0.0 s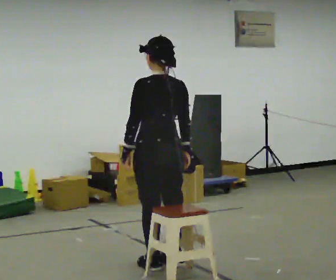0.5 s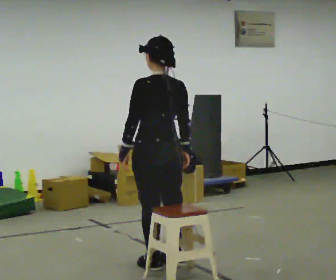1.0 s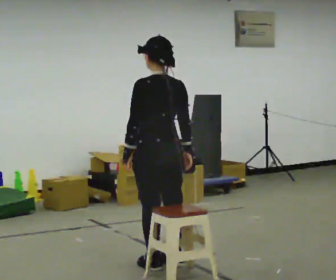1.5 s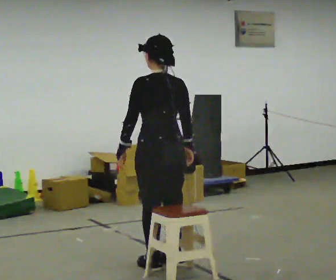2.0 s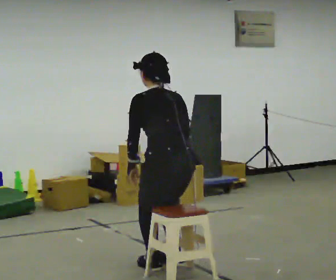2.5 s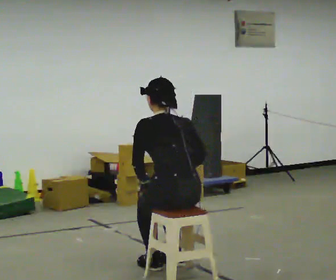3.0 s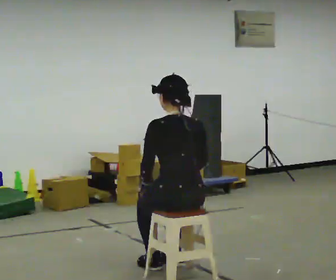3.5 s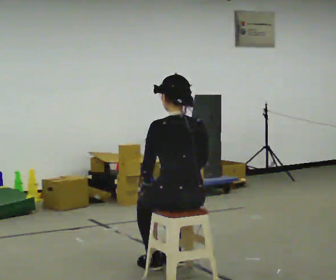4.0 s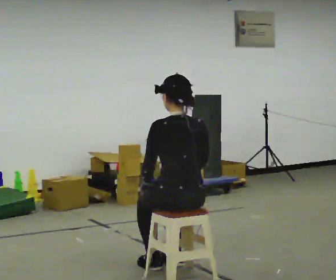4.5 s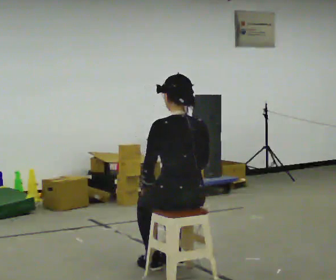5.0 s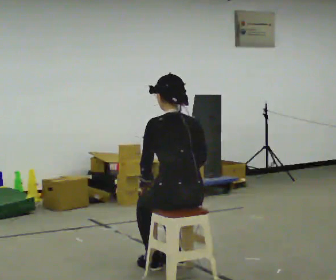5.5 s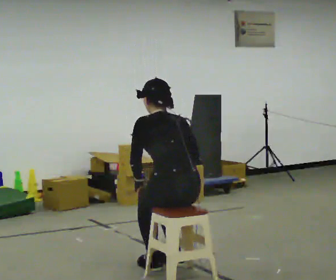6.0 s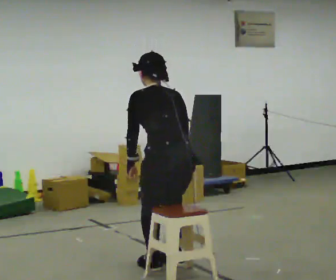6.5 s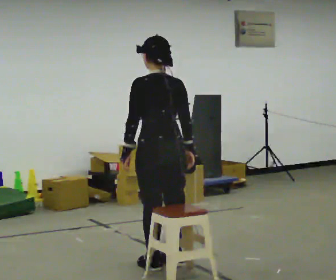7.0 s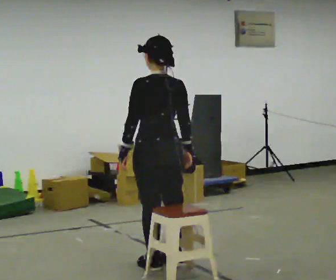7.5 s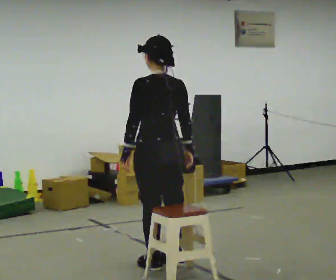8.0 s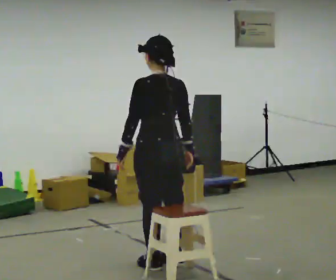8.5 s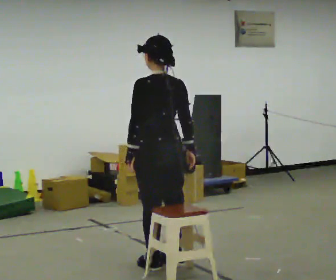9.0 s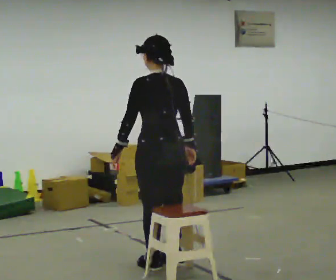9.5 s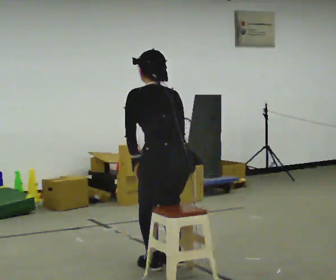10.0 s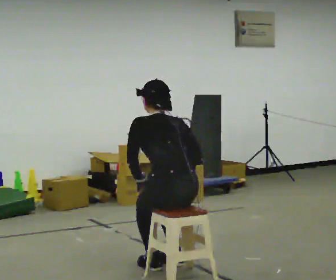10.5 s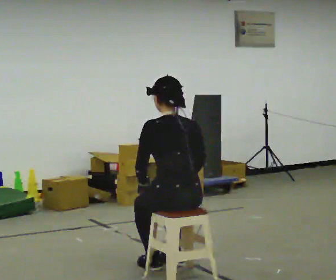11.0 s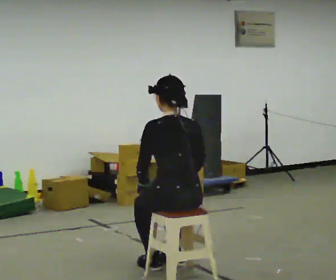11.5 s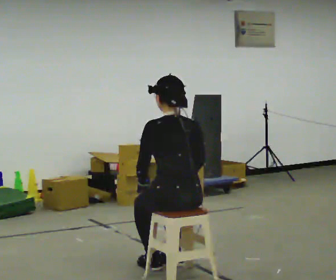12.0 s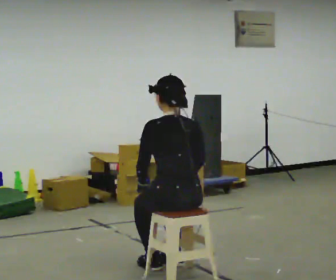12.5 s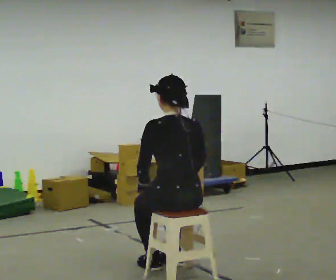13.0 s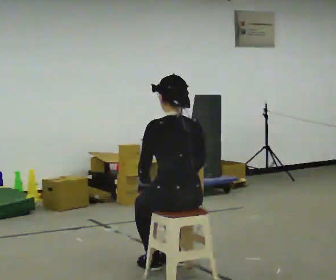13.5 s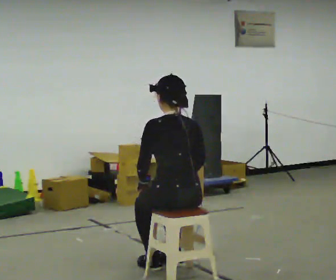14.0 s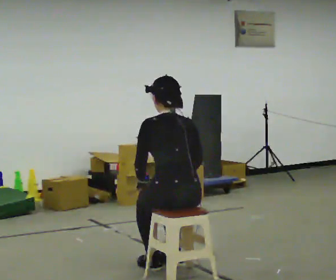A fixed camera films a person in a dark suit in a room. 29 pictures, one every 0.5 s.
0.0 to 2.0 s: The person moves a little, or ends about where they began.
2.0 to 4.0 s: In the picture they go toward the camera, about 0.25 m, which for them is backward. The shoulders move downward.
4.0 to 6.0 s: The upper body goes upward. The upper body tips away from the camera, its near side rolling upward, as they bend forward.
6.0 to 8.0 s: In the picture they go away from the camera, about 0.25 m, which for them is forward. The upper body tips toward the camera, its near side rolling downward, as they lean back or straighten.
8.0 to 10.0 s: In the picture they go toward the camera, about 0.25 m, which for them is backward. The shoulders move downward. The upper body tips away from the camera, its near side rolling upward, as they bend forward.
10.0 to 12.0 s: The upper body tips toward the camera, its near side rolling downward, as they lean back or straighten.
12.0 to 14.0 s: The person moves a little, or ends about where they began.
The film runs backward here.
